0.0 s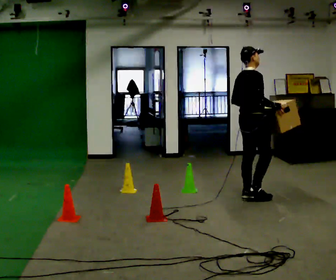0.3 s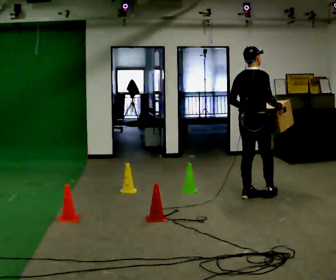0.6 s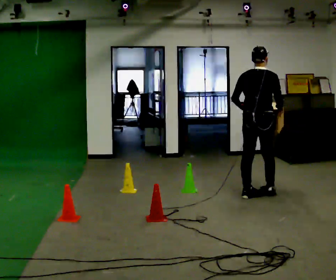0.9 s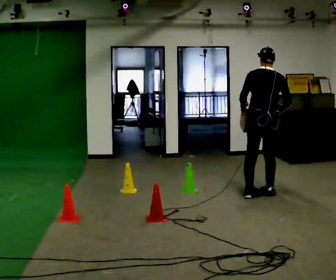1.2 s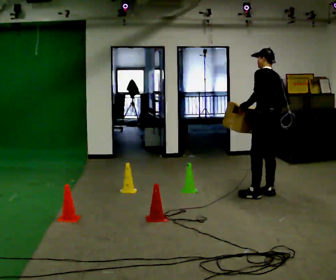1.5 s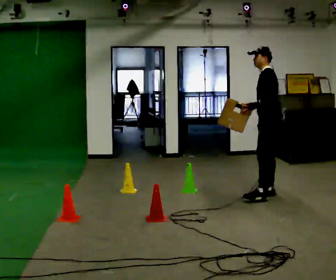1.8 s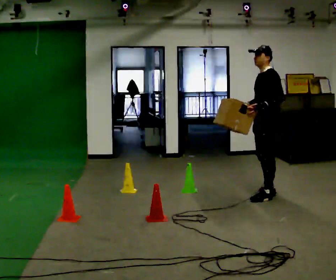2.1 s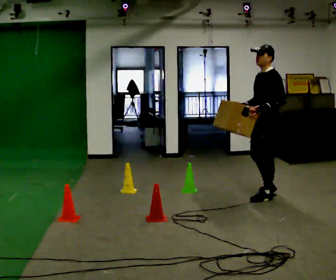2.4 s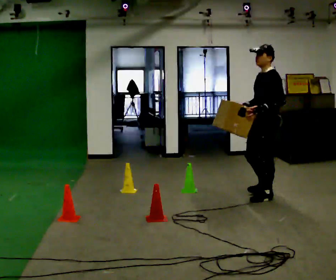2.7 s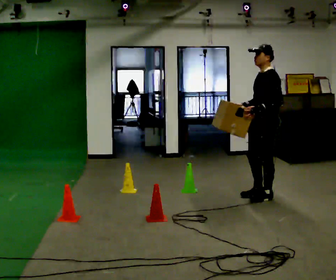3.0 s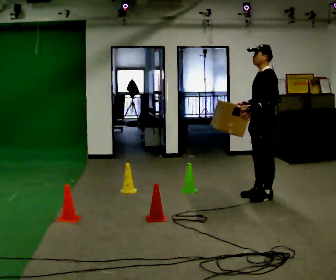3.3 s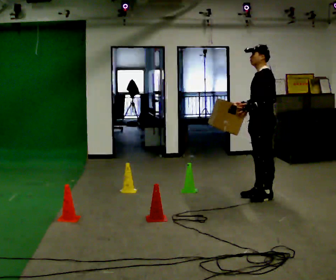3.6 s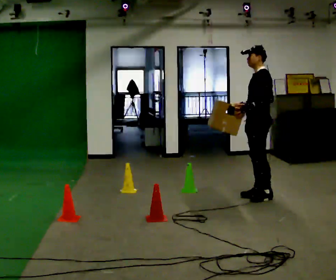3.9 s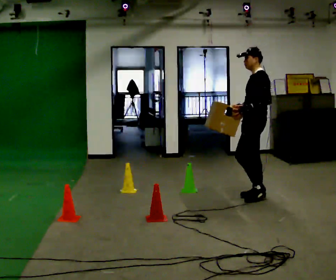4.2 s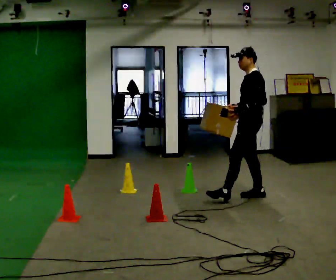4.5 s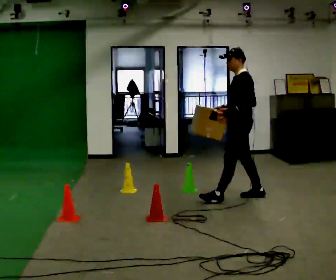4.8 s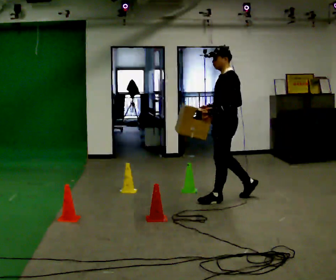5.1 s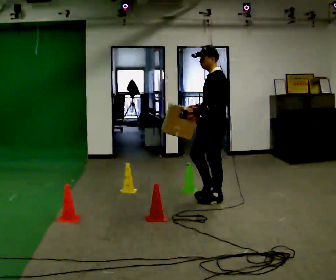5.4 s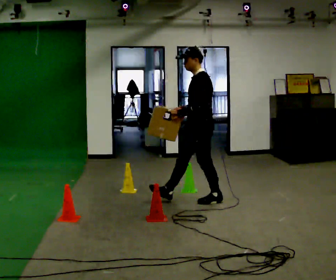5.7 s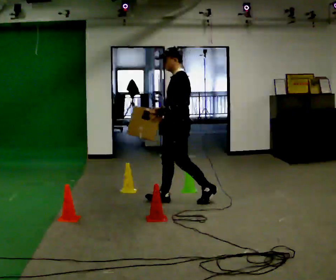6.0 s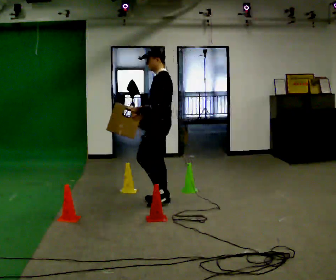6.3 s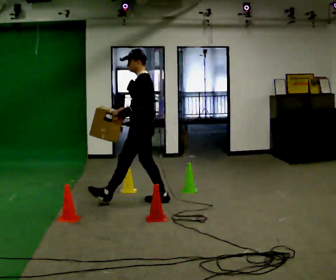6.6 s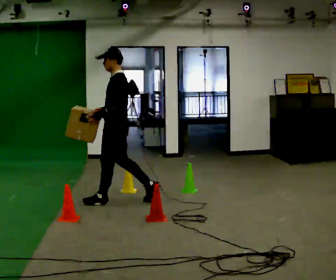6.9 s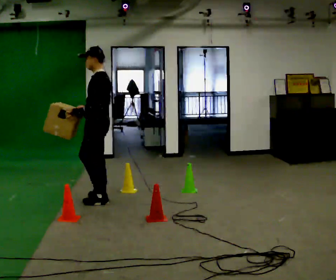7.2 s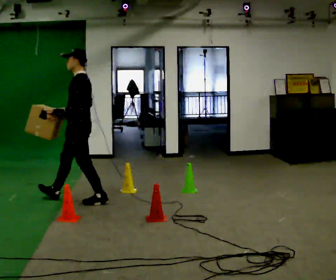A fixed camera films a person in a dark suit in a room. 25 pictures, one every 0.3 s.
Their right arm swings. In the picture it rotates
clockwise.
The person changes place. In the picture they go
to the left.
0.0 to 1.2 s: The person turns about 105 degrees to their left, counterclockwise seen from above, so the part of the body nearest the lens slides to the right. In the picture they go to the right, about 0.25 m in 1 step.
1.2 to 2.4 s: The person turns about 60 degrees to their left, counterclockwise seen from above, so the part of the body nearest the lens slides to the right.
2.4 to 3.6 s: The person moves a little, or ends about where they began.
3.6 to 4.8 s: In the picture they go to the left and toward the camera, about 0.5 m in 1 step, which for them is forward.
4.8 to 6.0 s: In the picture they go to the left, about 0.5 m in 1 step, which for them is forward.
6.0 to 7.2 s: In the picture they go to the left and toward the camera, about 1 m in 2 steps, which for them is forward.
The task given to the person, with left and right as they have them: Carry the box through the gap between the panels without touching either side, then set it down and bring it back. Keep going until the operator says stop; one object at a time, and do not rush between trips.
The film runs forward here.
